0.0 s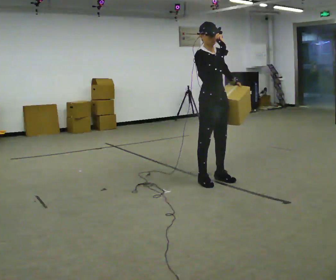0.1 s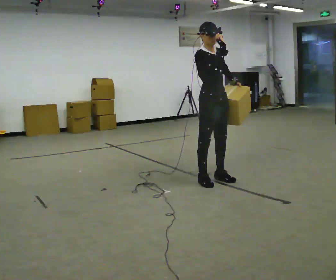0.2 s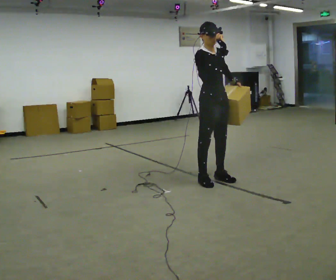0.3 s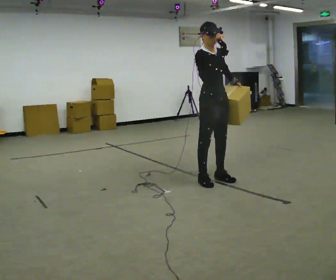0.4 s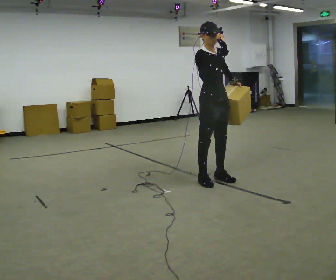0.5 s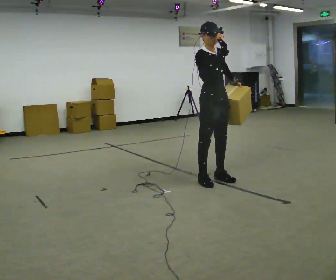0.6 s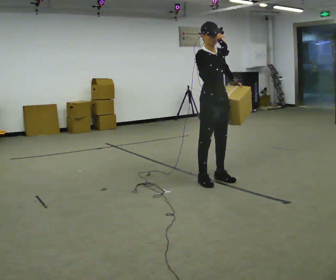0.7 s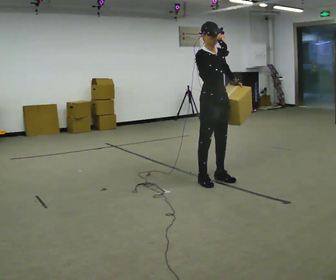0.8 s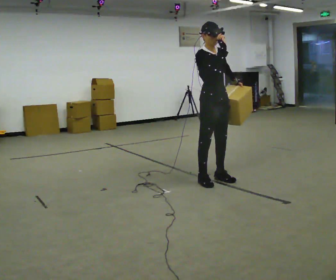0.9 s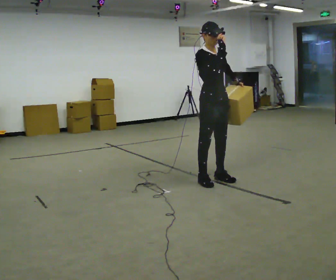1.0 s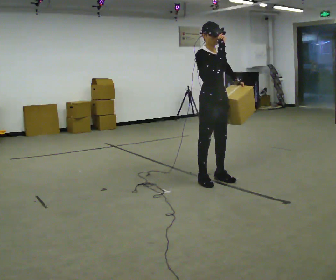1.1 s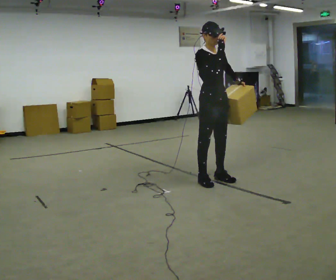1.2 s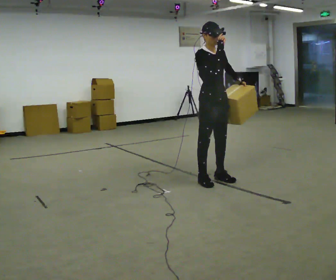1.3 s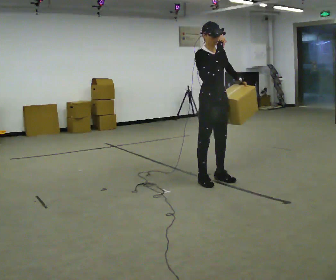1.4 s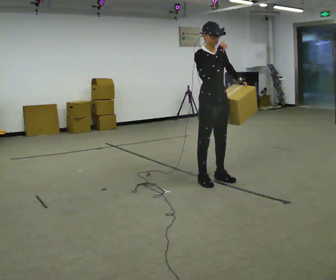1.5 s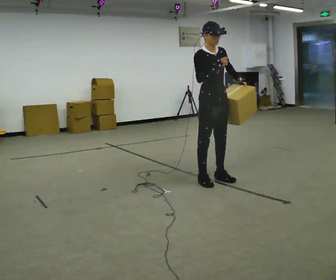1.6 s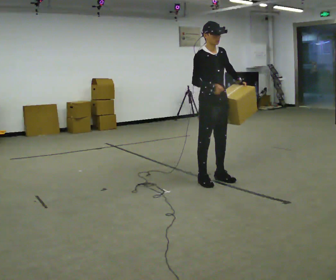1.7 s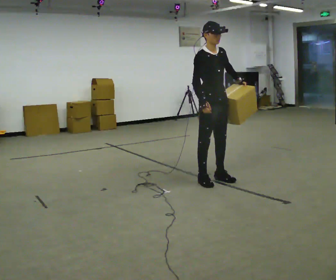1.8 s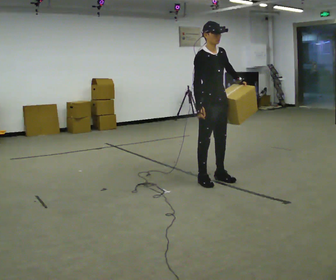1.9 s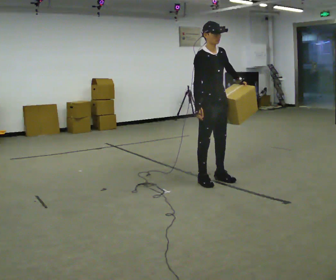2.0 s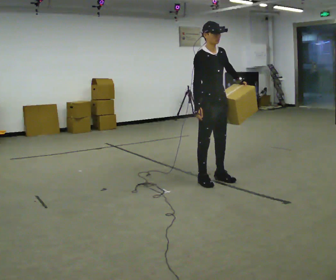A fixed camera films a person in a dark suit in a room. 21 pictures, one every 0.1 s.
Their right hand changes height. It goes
downward.
0.0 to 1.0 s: The person moves a little, or ends about where they began.
1.0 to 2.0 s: In the picture their right hand goes downward.
The film runs backward here.
